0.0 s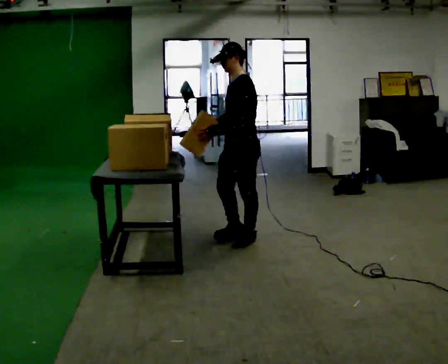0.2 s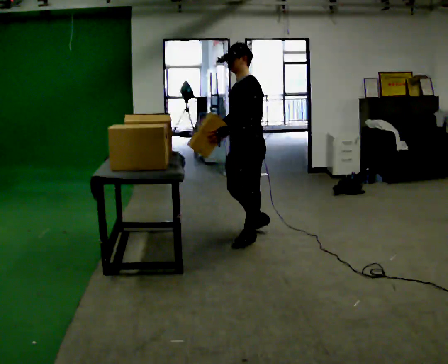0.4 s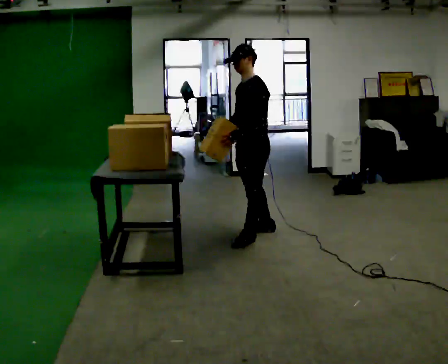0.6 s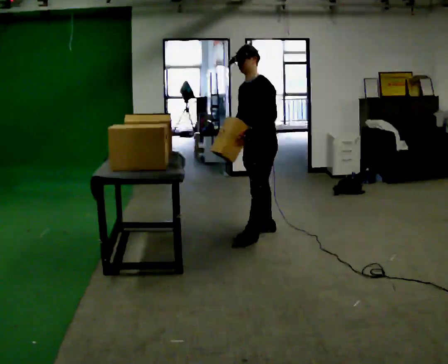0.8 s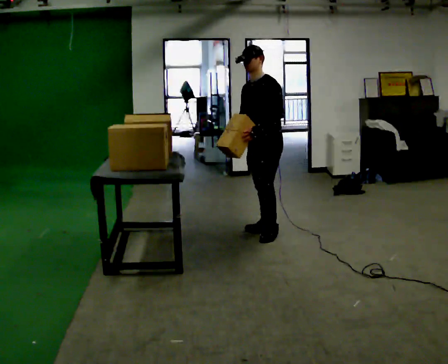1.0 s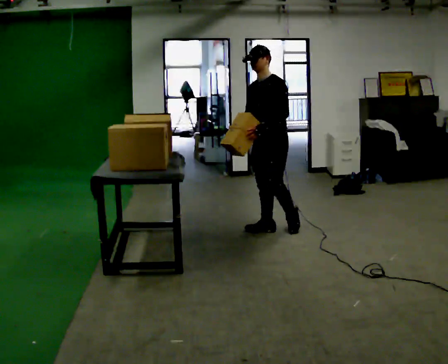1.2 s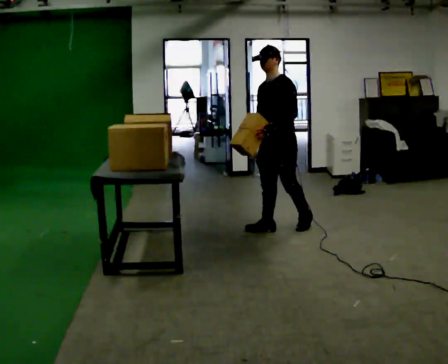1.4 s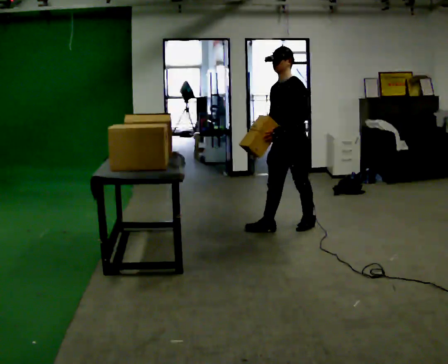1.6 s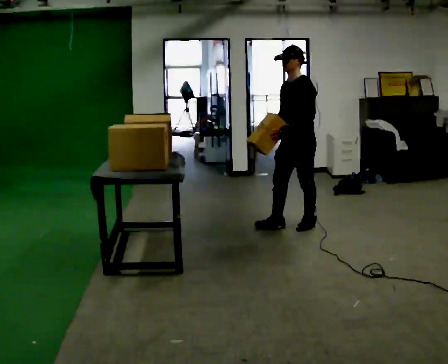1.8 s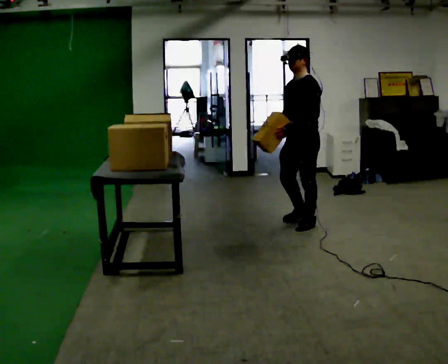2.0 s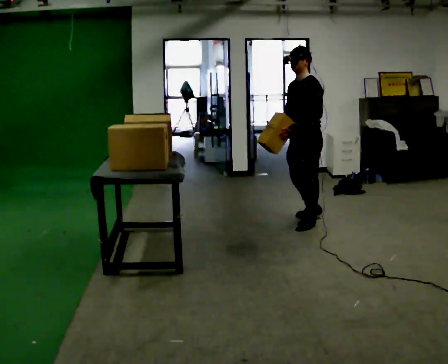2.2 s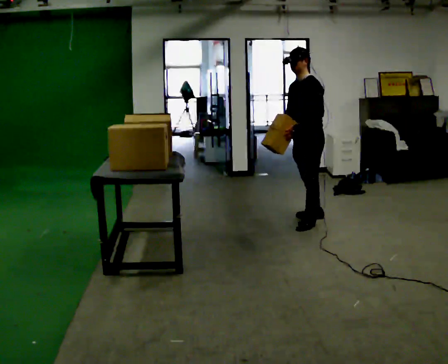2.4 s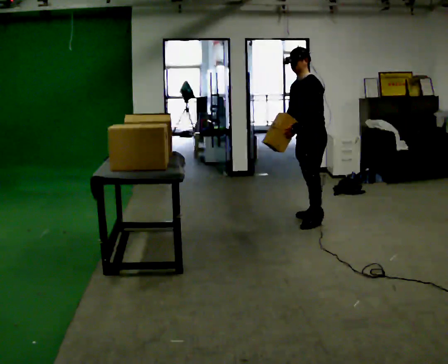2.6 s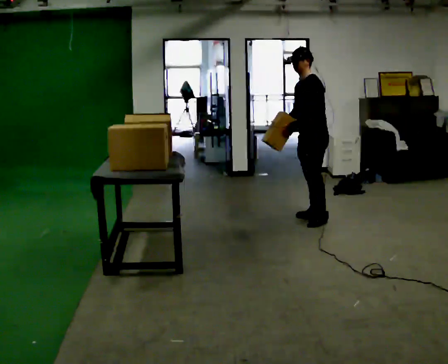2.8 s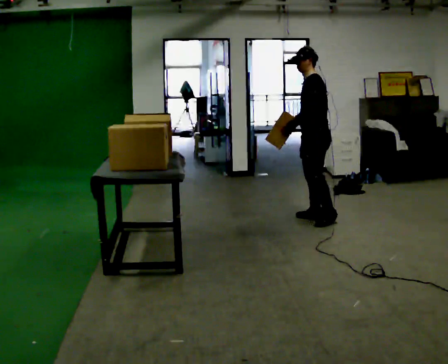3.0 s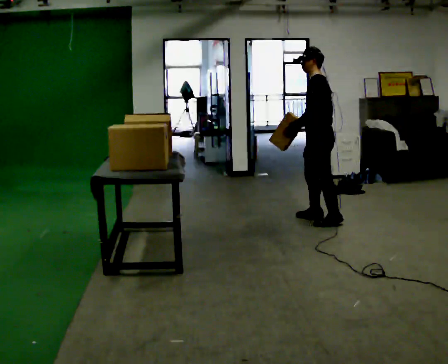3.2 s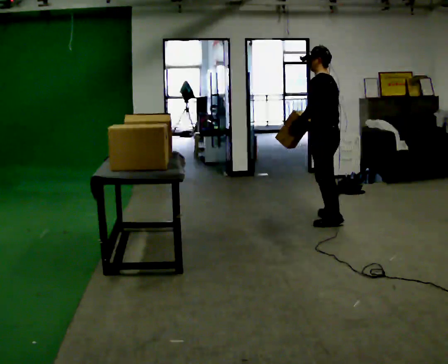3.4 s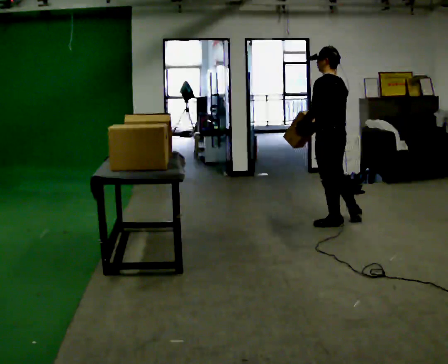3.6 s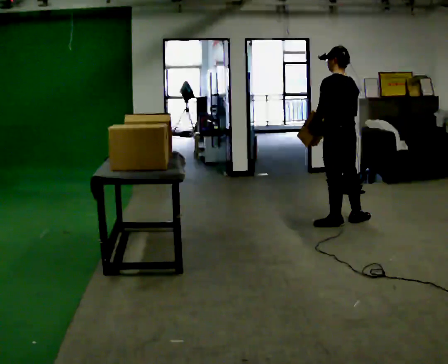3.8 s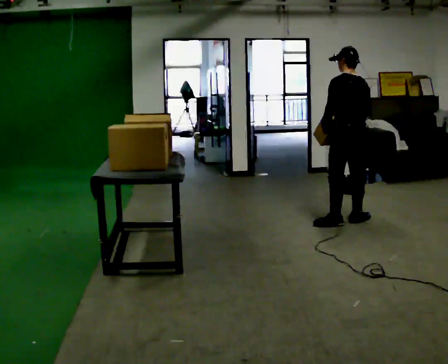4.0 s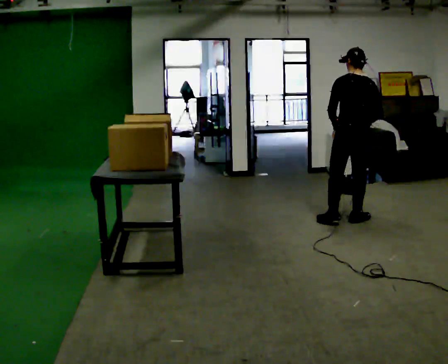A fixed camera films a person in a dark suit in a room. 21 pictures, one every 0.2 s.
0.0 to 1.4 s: In the picture they go to the right and away from the camera, about 0.5 m in 1 step, which for them is backward.
1.4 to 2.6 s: In the picture they go away from the camera and to the right, about 0.5 m in 2 steps, which for them is backward.
2.6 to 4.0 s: The part of the body nearest the lens slides to the left as the person turns to their right by about 90 degrees. In the picture they go to the right and toward the camera, about 0.5 m in 1 step. In the picture the upper body tilts clockwise, shoulders to the right.
The film runs backward here.
